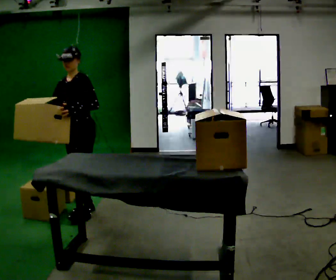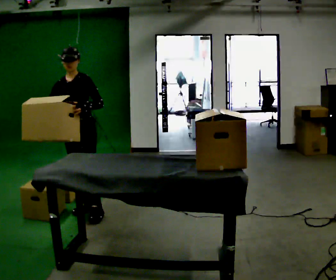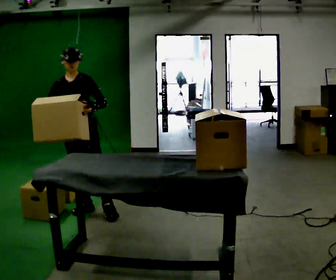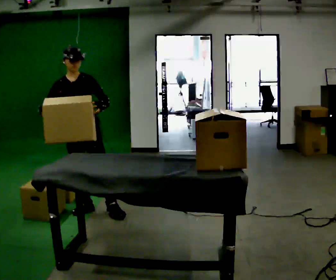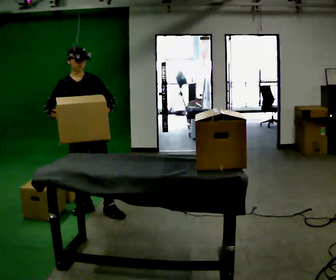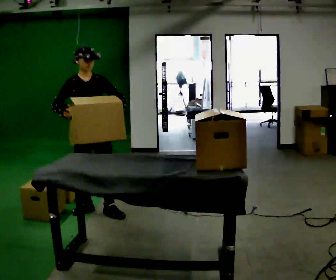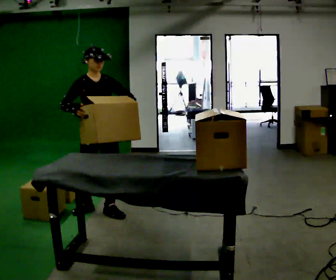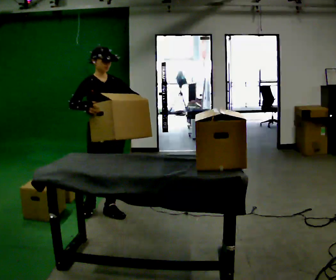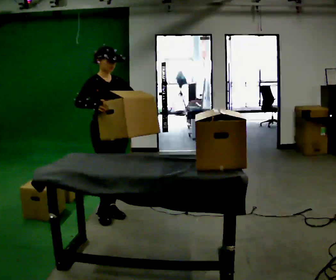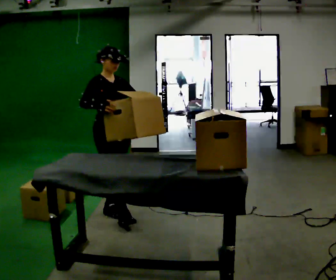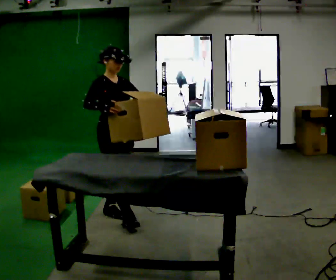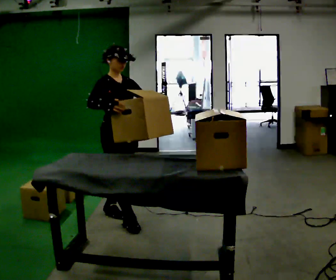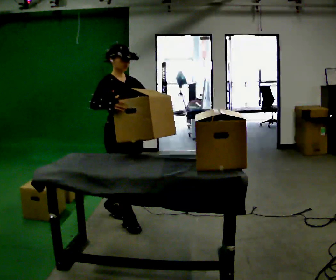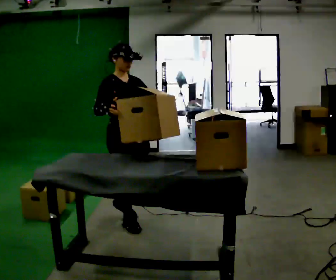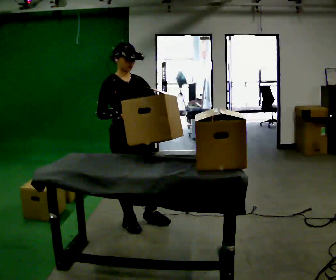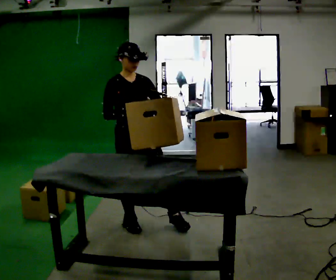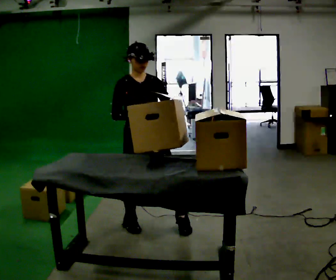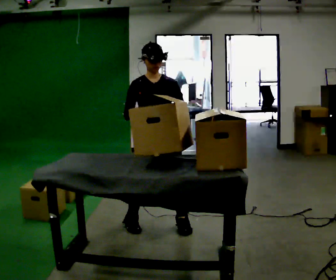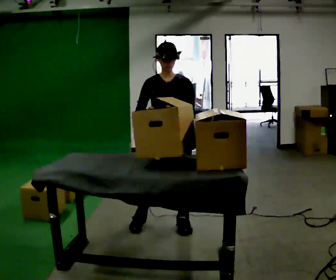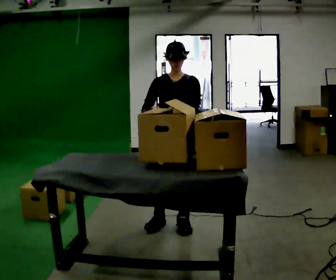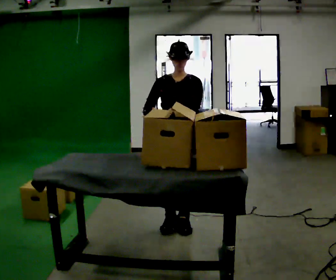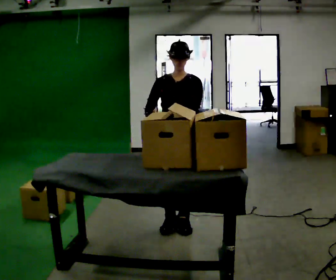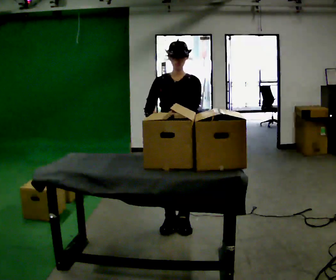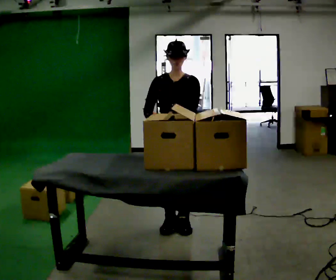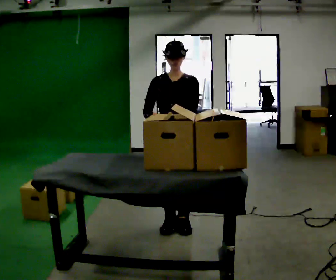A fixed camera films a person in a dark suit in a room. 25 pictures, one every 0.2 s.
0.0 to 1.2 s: Seen from above the body turns counterclockwise, about 60 degrees: to their left, with its near side sliding to the right. In the picture they go to the right, about 0.25 m in 1 step, which for them is to their left. In the picture their right hand goes to the right.
1.2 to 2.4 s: In the picture they go toward the camera and to the right, about 0.25 m in 1 step, which for them is forward.
2.4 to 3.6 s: Seen from above the body turns clockwise, about 45 degrees: to their right, with its near side sliding to the left. In the picture they go to the right, about 0.5 m in 1 step, which for them is to their left and forward.
3.6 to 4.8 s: The person moves a little, or ends about where they began.
The film runs forward here.
